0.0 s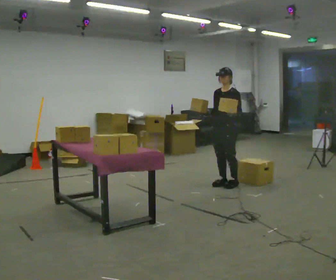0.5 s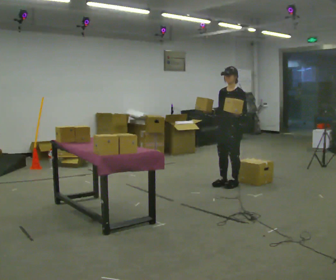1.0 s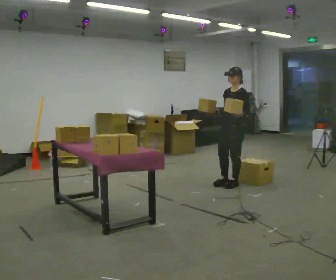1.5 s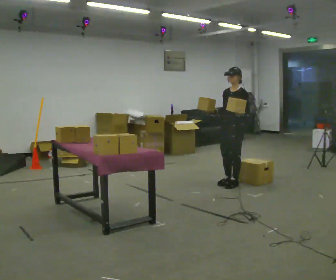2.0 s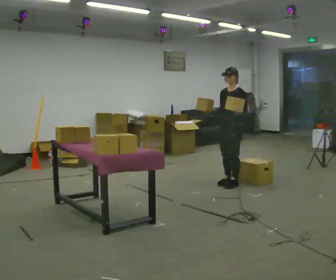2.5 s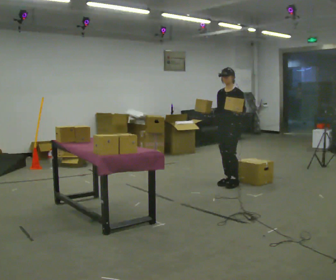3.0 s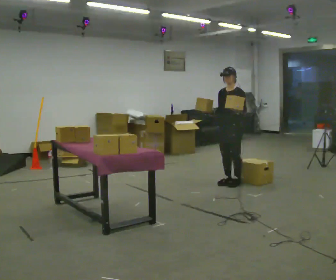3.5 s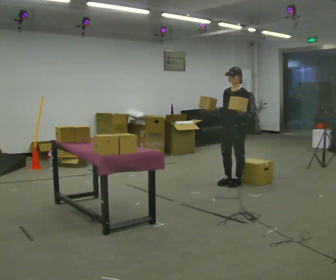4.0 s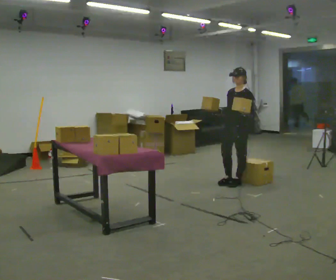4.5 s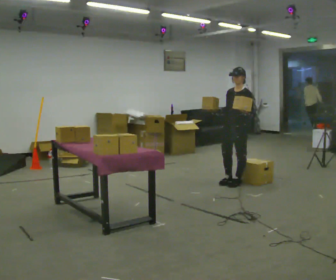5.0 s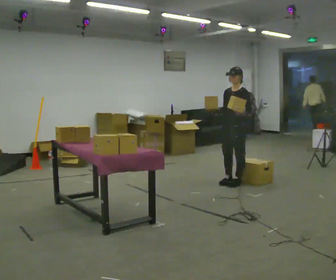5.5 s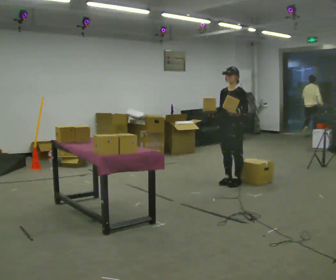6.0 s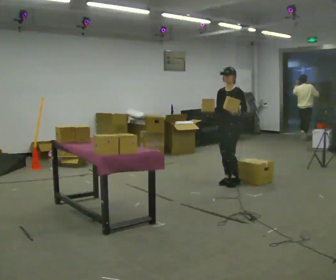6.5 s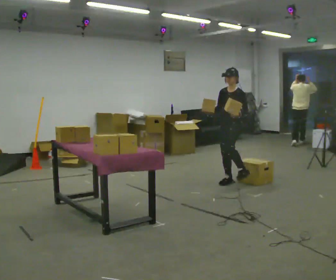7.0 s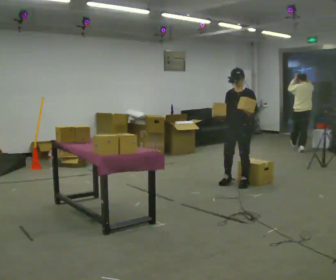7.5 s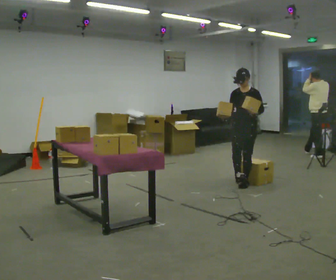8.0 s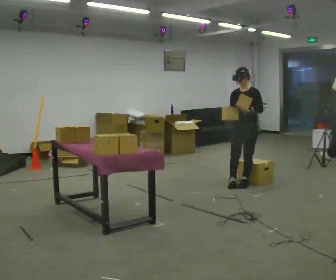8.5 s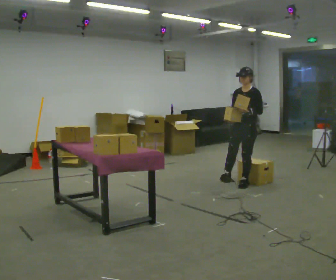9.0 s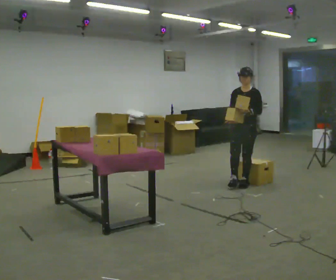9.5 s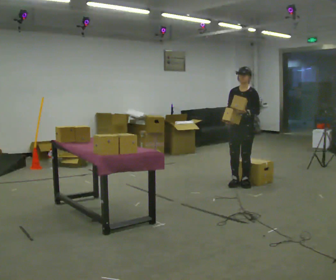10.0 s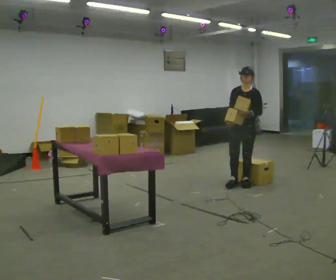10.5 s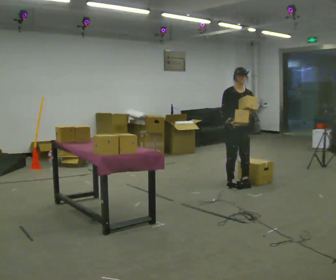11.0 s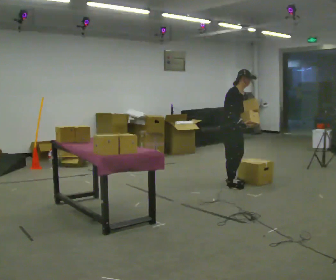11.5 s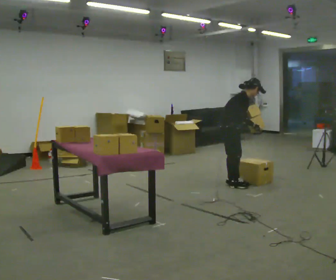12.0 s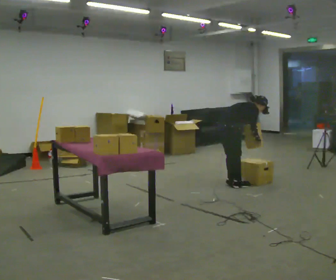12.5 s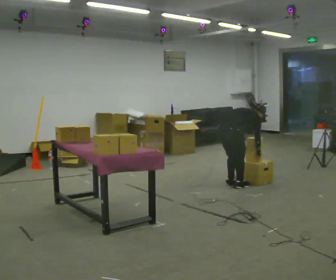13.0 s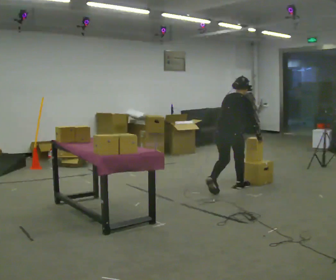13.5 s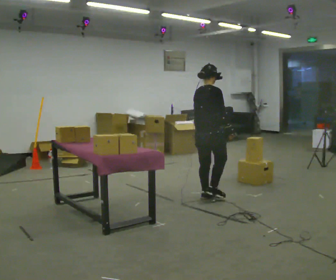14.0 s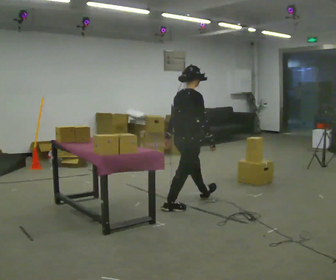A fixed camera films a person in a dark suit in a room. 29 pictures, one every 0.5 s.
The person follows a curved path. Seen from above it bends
clockwise.
0.0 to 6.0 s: The person moves a little, or ends about where they began.
6.0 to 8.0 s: In the picture they go to the right, about 0.25 m in 1 step, which for them is to their left.
8.0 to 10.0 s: The person moves a little, or ends about where they began.
10.0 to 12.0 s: Seen from above the body turns counterclockwise, about 135 degrees: to their left, with its near side sliding to the right. In the picture they go to the left, about 0.25 m in 1 step. The shoulders move downward. In the picture the upper body tilts clockwise, shoulders to the right, as they bend forward. In the picture their right hand goes to the right, the arm swinging counterclockwise.
12.0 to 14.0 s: In the picture they go toward the camera and to the left, about 1 m in 3 steps, which for them is backward.
The film runs backward here.
